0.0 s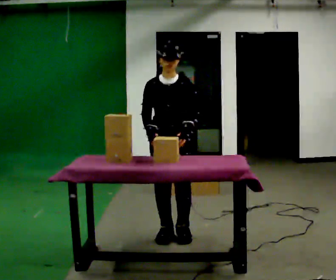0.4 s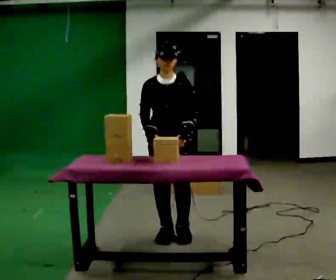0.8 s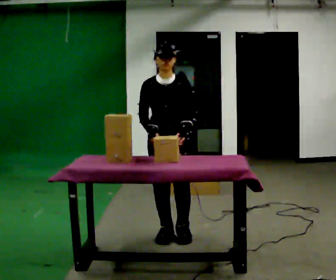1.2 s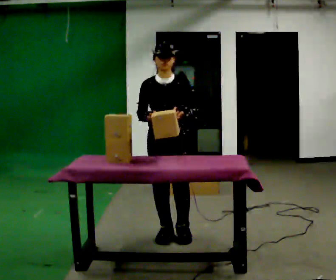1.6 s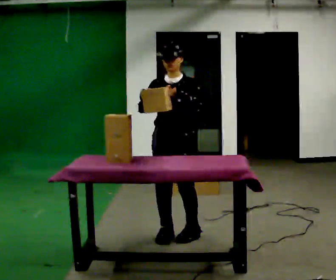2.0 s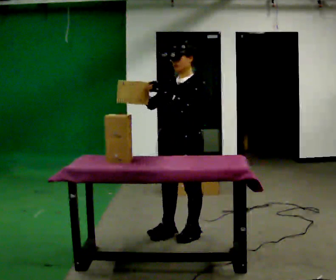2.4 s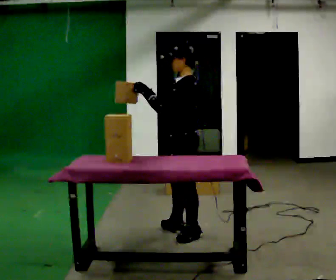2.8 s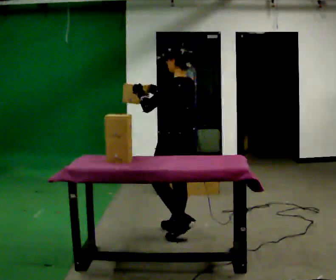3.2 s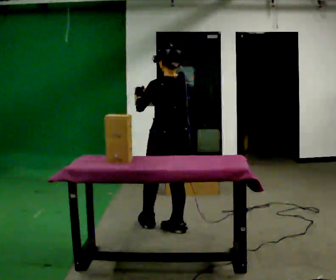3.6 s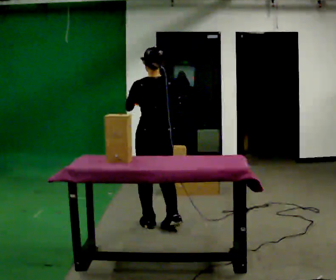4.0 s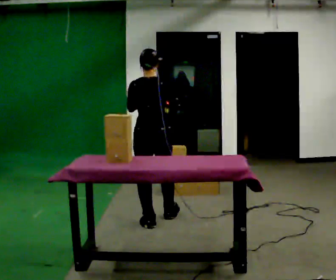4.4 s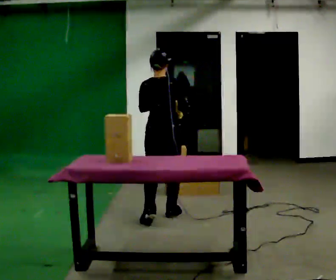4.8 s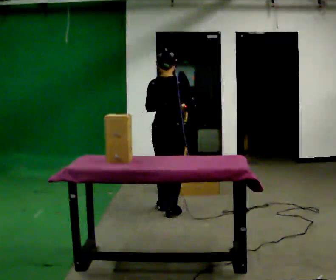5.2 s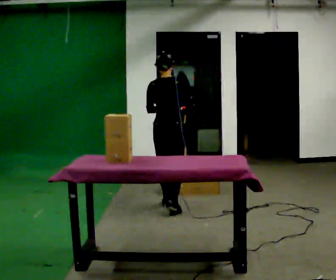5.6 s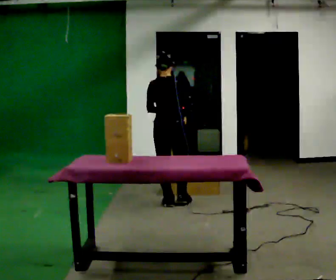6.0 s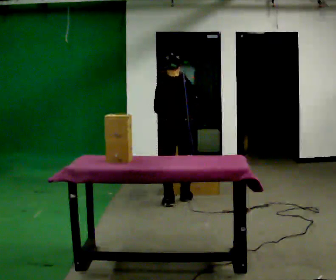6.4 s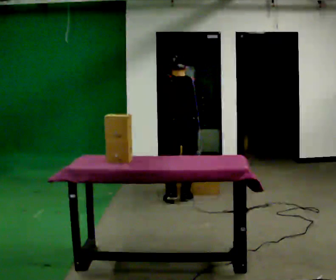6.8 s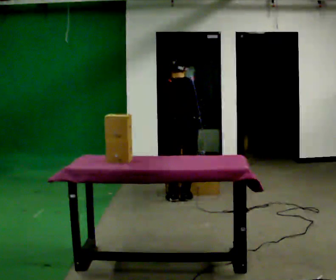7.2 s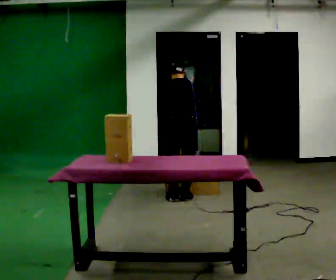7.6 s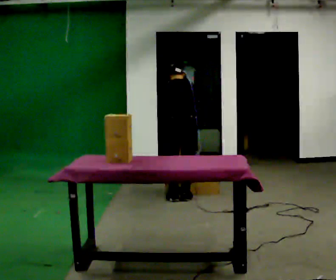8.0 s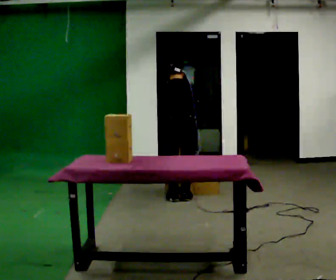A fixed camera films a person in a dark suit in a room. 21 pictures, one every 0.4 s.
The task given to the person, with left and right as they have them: Carry the object across the room, open the lid of the container, put the object inside, and close the lid again. Then go back for the next one. Keep going until the operator says stop; one object at a time, and do not rush between trips.
0.0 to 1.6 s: The person moves a little, or ends about where they began.
1.6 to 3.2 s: The person turns about 135 degrees to their right, clockwise seen from above, so the part of the body nearest the lens slides to the left. In the picture they go away from the camera, about 0.25 m in 1 step. In the picture their left hand goes to the left.
3.2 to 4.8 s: Seen from above the body turns clockwise, about 45 degrees: to their right, with its near side sliding to the left. In the picture they go away from the camera, about 0.5 m in 2 steps, which for them is forward.
4.8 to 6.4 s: In the picture they go away from the camera, about 0.5 m in 2 steps, which for them is forward.
6.4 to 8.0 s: The person moves a little, or ends about where they began.
The film runs forward here.
